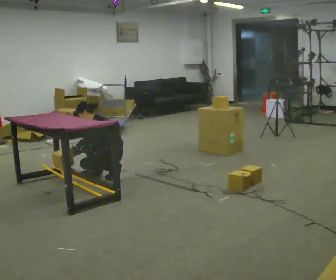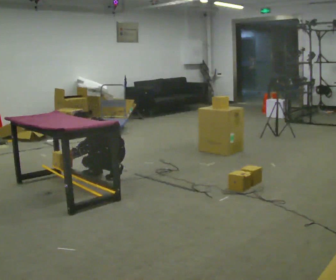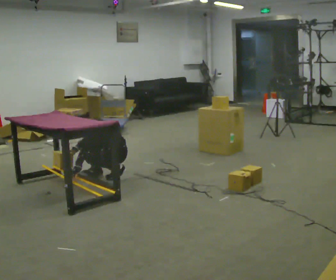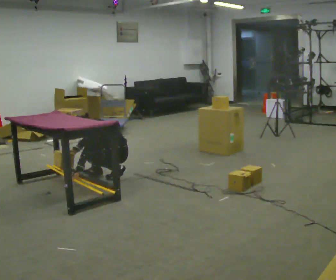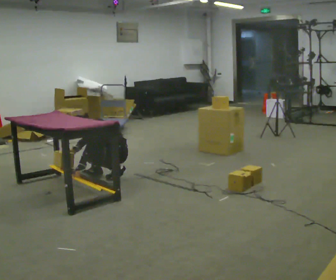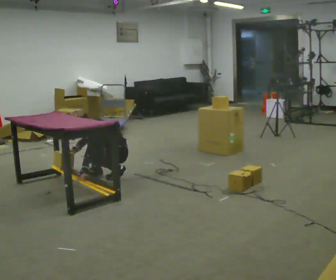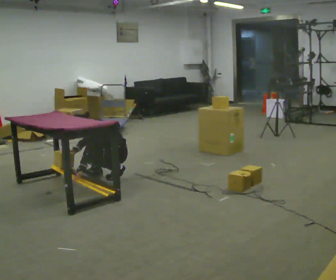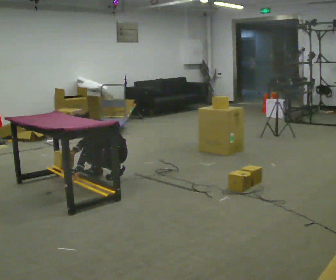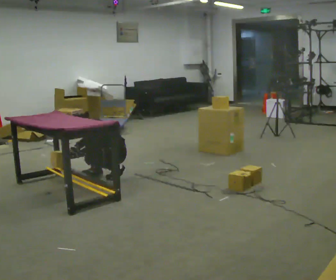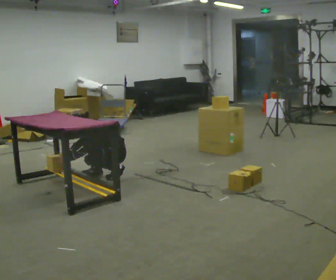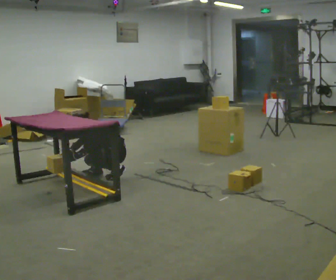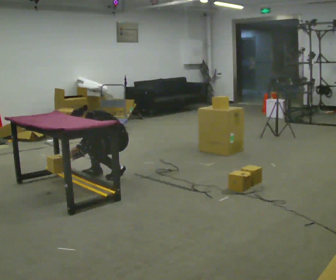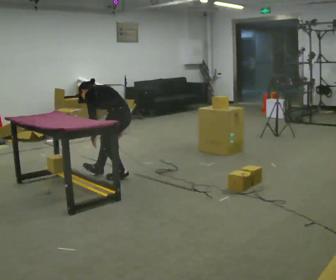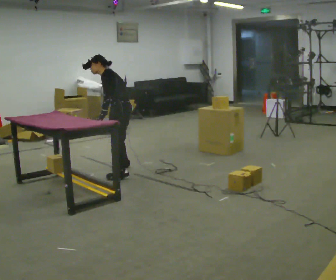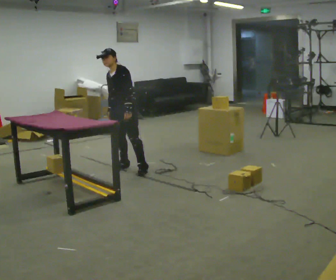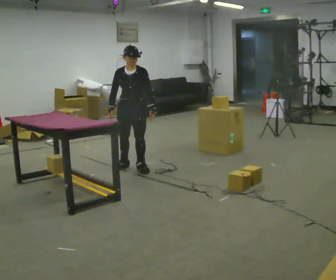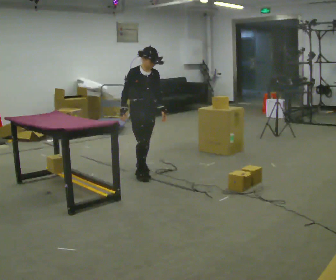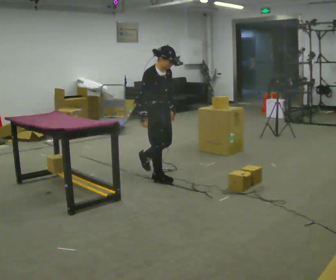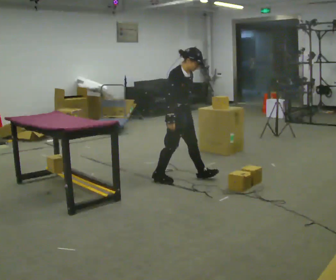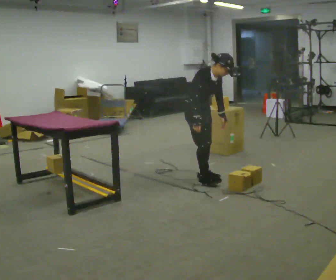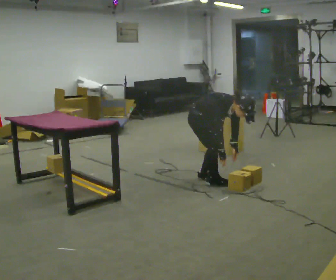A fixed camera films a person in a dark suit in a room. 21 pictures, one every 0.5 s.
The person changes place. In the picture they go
to the right.
0.0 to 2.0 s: In the picture the upper body tilts counterclockwise, shoulders to the left, as they bend forward.
2.0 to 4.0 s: The person moves a little, or ends about where they began.
4.0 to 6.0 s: The part of the body nearest the lens slides to the left as the person turns to their right by about 30 degrees. The upper body goes upward. In the picture their right hand goes to the right, the arm swinging counterclockwise.
6.0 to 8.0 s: The part of the body nearest the lens slides to the right as the person turns to their left by about 150 degrees. In the picture they go to the right, about 0.25 m in 2 steps. The shoulders move upward. In the picture the upper body tilts clockwise, shoulders to the right, as they lean back or straighten.
8.0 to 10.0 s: In the picture they go toward the camera and to the right, about 0.75 m in 3 steps, which for them is forward. The shoulders move downward. The upper body tips toward the camera, its near side rolling downward, as they bend forward. In the picture their right hand goes downward.
The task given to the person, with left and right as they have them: 1. The operator will tell you the shelf is already sorted and just needs moving to the table. 2. Do what you think is right. 3. Tell the operator when you are finished.
The film runs forward here.
